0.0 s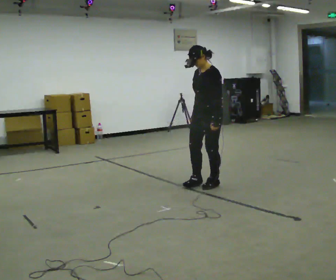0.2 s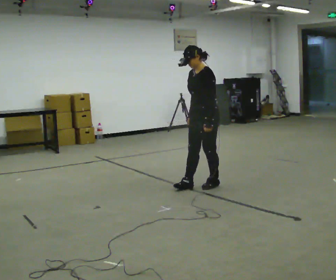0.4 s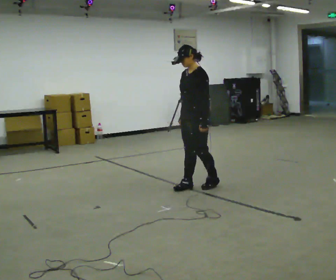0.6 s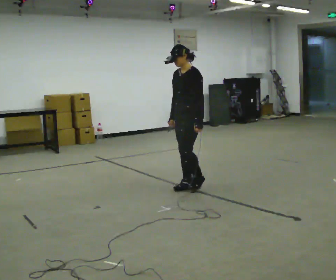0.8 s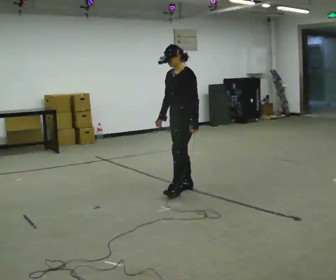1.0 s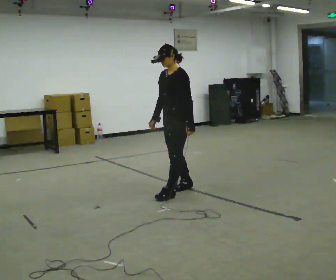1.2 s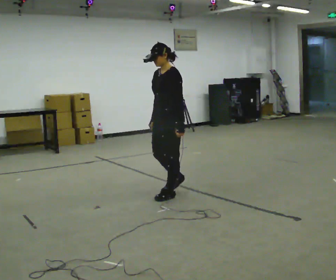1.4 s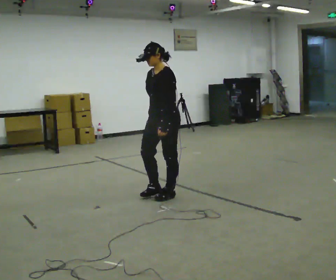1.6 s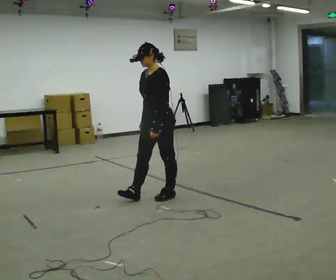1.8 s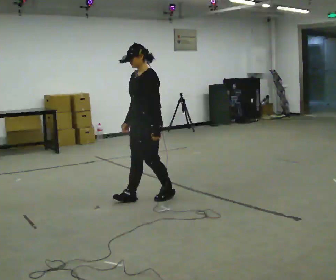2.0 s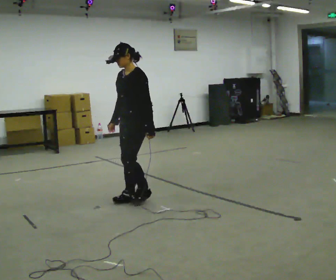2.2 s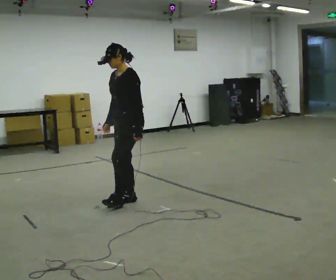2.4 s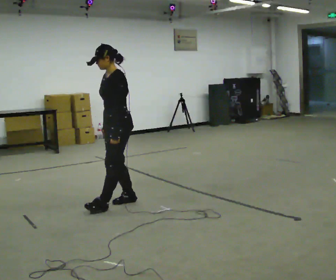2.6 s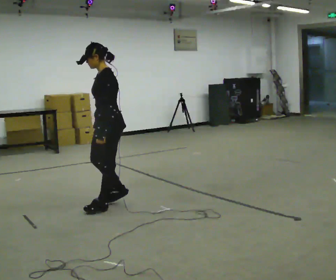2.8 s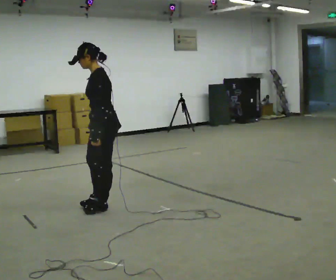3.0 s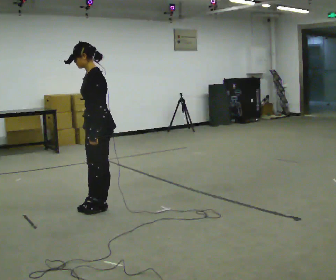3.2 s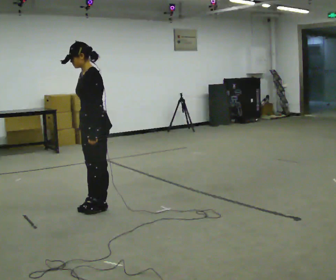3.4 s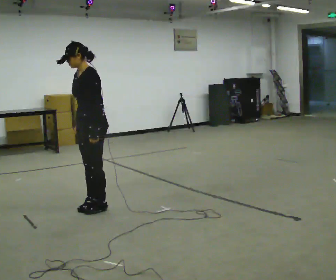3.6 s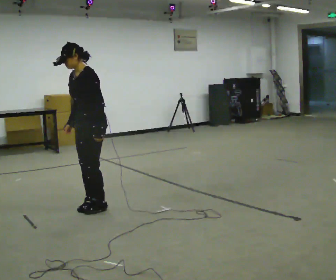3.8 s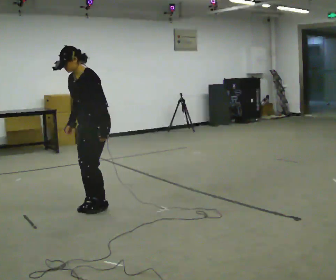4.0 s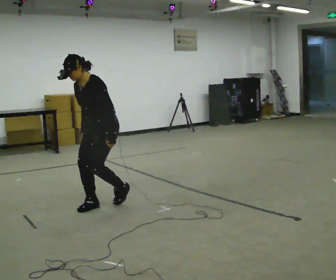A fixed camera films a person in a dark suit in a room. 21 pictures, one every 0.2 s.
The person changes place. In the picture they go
to the left.
0.0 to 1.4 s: In the picture they go to the left and toward the camera, about 0.5 m in 2 steps, which for them is forward.
1.4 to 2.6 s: In the picture they go to the left and toward the camera, about 0.5 m in 2 steps, which for them is forward.
2.6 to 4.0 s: Seen from above the body turns counterclockwise, about 30 degrees: to their left, with its near side sliding to the right.
The film runs backward here.
